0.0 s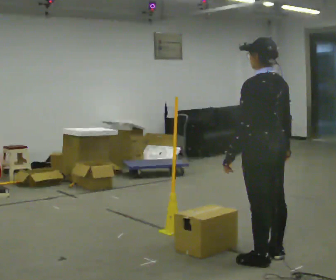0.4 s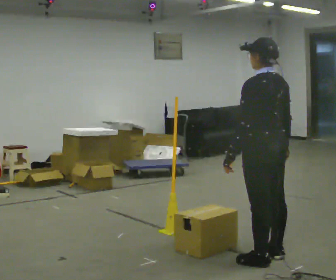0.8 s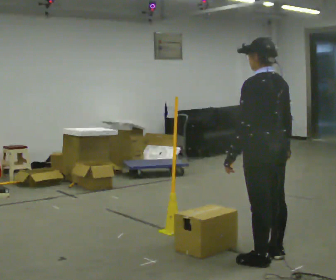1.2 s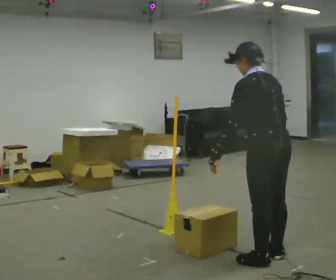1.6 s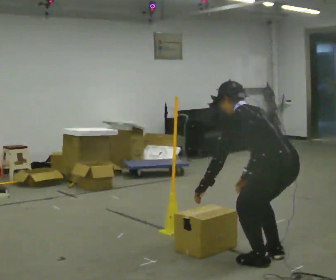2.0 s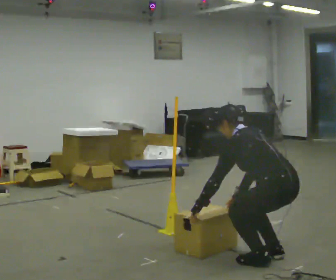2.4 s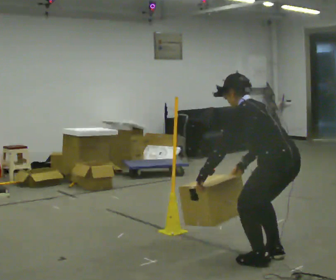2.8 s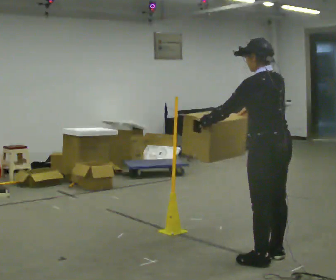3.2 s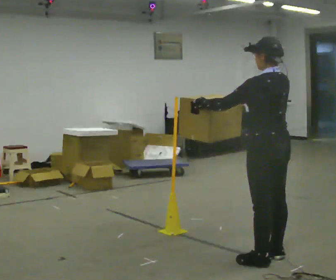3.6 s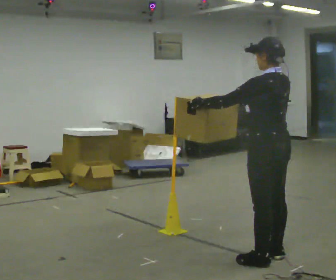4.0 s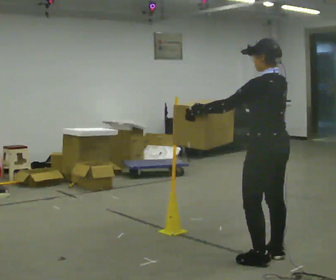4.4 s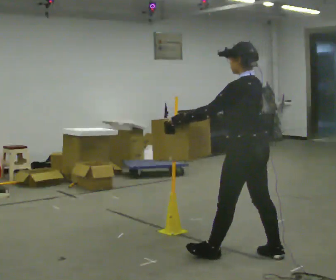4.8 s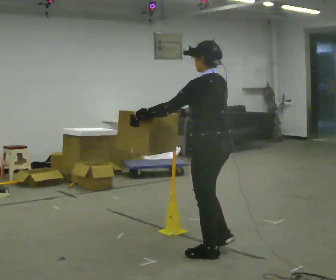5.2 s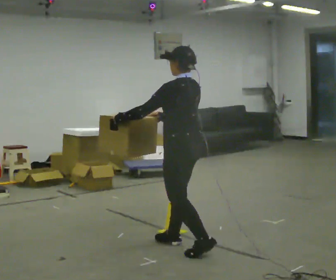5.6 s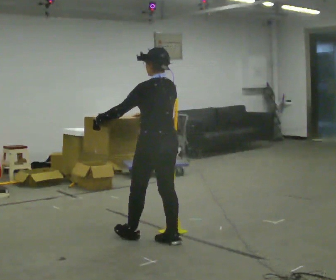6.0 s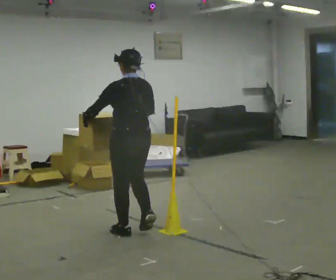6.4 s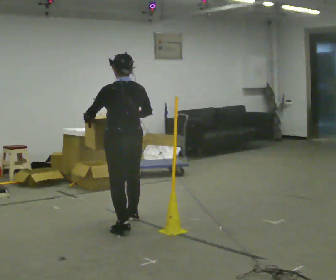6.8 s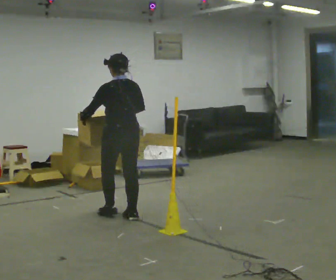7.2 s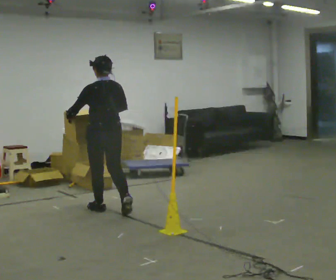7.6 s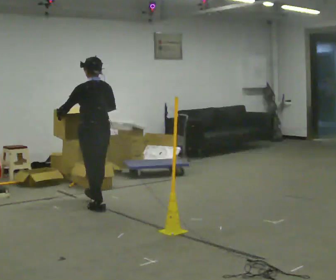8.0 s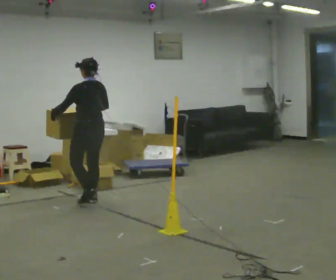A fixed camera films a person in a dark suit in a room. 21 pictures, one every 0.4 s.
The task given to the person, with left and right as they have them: Carry the box across the room. The operator will step into your path partway across, so go around them and carry on. Keep going until the operator says stop; one object at a time, and do not rush between trips.
0.0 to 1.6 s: The upper body goes downward. In the picture the upper body tilts counterclockwise, shoulders to the left, as they bend forward.
1.6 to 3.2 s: In the picture the upper body tilts clockwise, shoulders to the right, as they lean back or straighten. In the picture their right hand goes upward.
3.2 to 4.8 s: In the picture they go to the left, about 0.5 m in 1 step, which for them is forward.
4.8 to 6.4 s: The part of the body nearest the lens slides to the left as the person turns to their right by about 30 degrees. In the picture they go to the left and away from the camera, about 1 m in 3 steps, which for them is forward.
6.4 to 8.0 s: In the picture they go away from the camera and to the left, about 1 m in 2 steps, which for them is forward.
The film runs forward here.
